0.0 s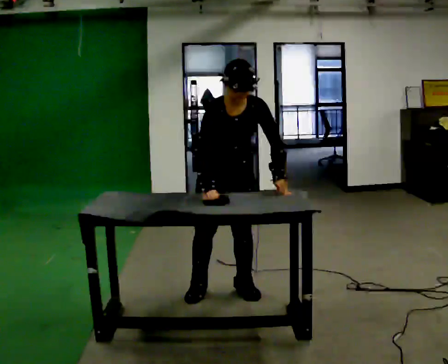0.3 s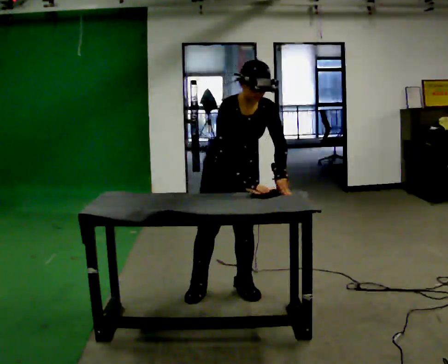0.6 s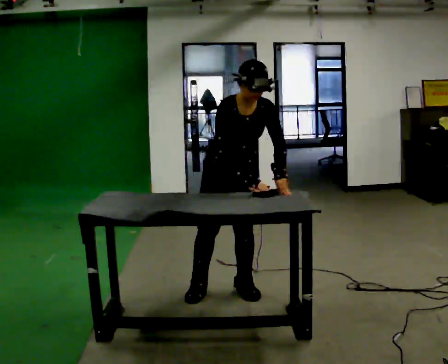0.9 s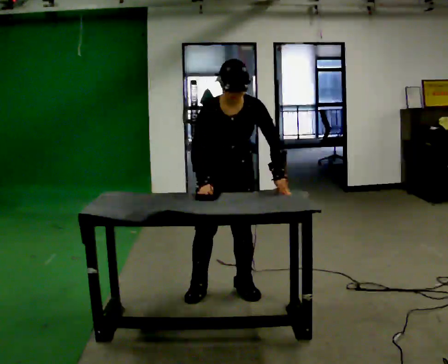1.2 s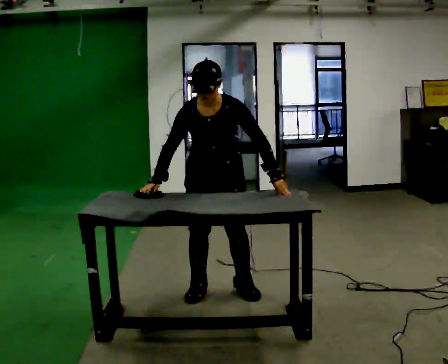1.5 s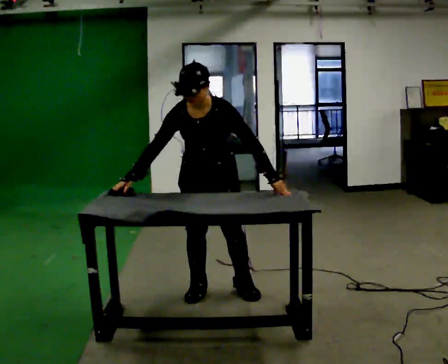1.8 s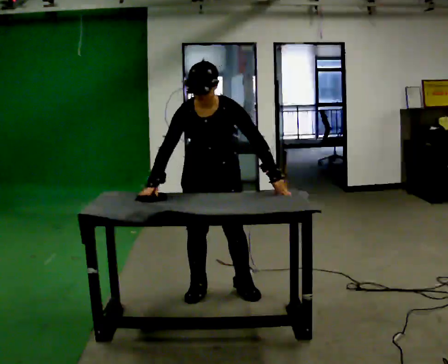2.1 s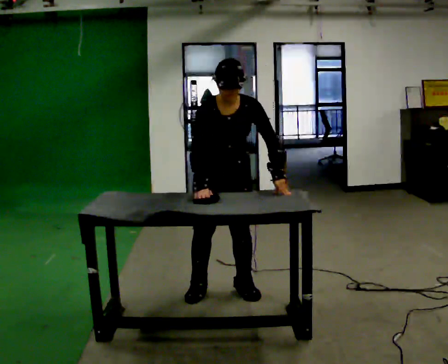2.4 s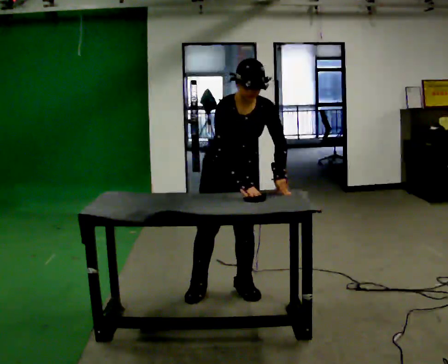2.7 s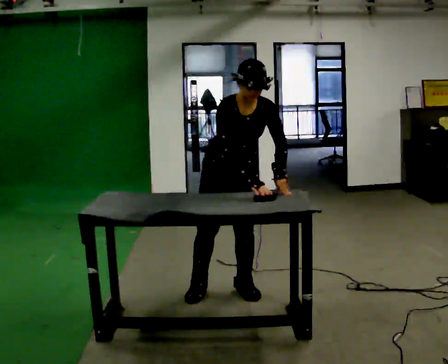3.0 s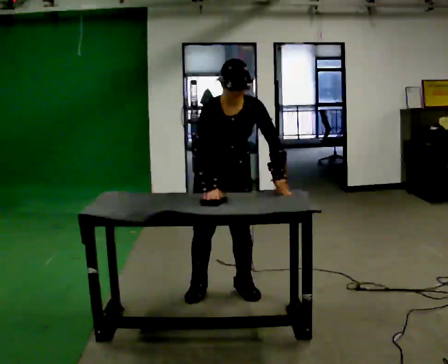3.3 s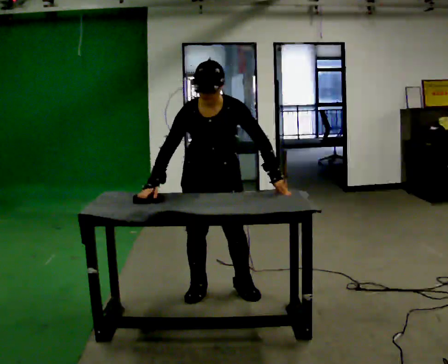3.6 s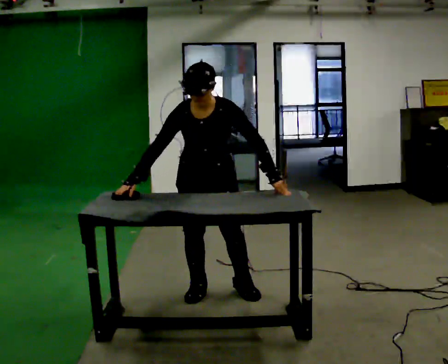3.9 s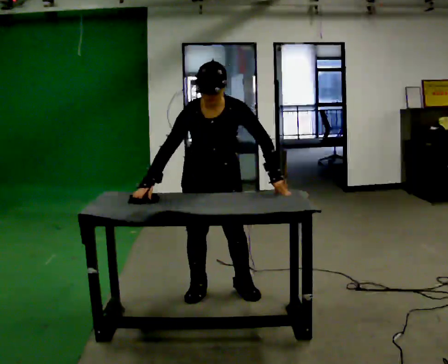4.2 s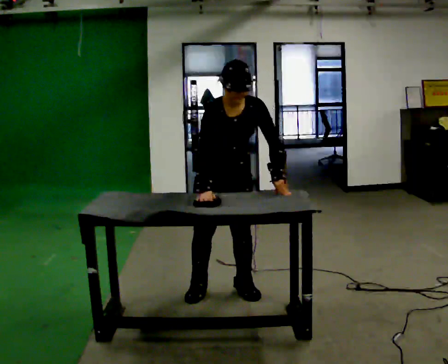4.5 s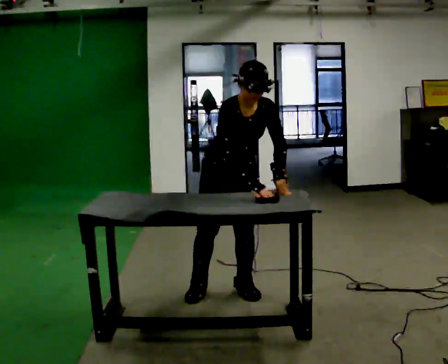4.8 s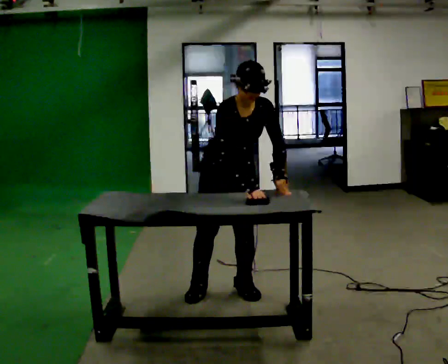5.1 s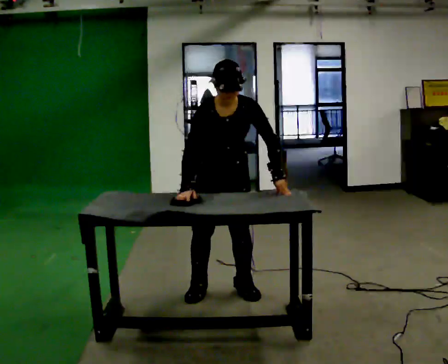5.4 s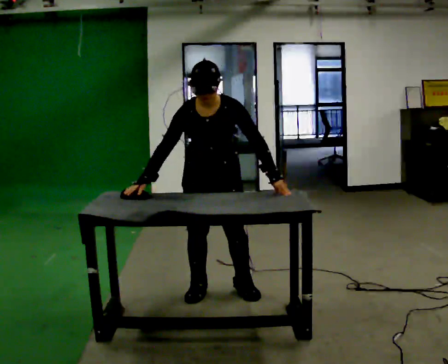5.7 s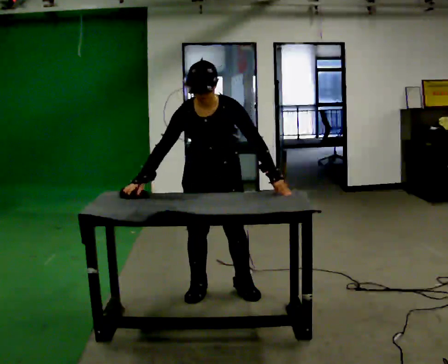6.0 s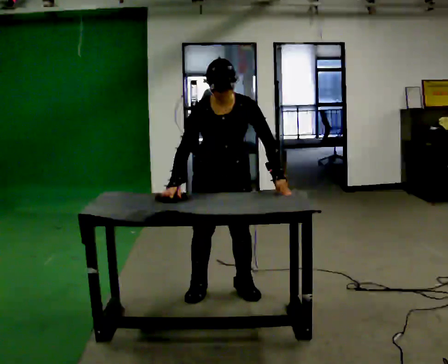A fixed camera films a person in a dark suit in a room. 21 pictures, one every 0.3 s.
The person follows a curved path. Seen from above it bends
clockwise.
0.0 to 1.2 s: The person moves a little, or ends about where they began.
1.2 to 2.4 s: In the picture their right hand goes to the right.
2.4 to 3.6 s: In the picture the upper body tilts counterclockwise, shoulders to the left. In the picture their right hand goes to the left.
3.6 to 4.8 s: Seen from above the body turns counterclockwise, about 30 degrees: to their left, with its near side sliding to the right. In the picture the upper body tilts clockwise, shoulders to the right. In the picture their right hand goes to the right, the arm swinging counterclockwise.
4.8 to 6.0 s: In the picture their right hand goes to the left.
The film runs backward here.
